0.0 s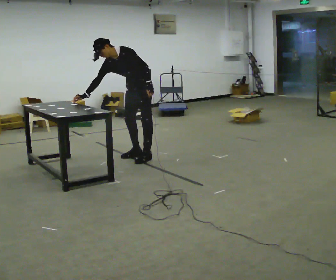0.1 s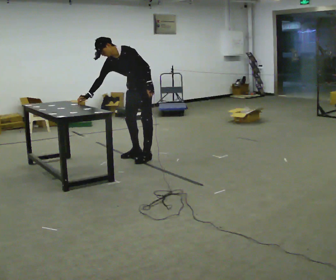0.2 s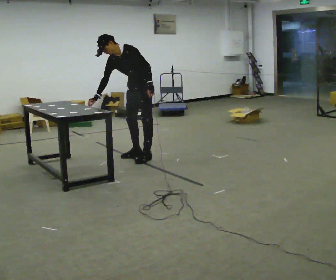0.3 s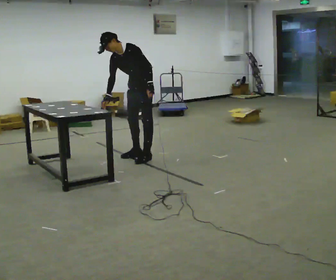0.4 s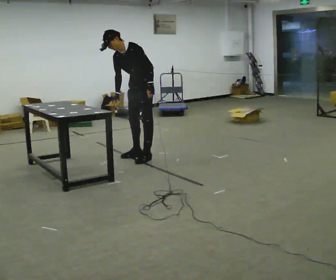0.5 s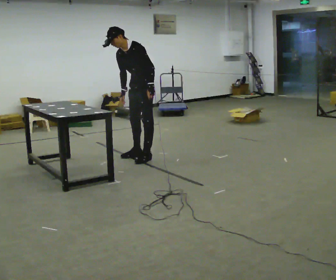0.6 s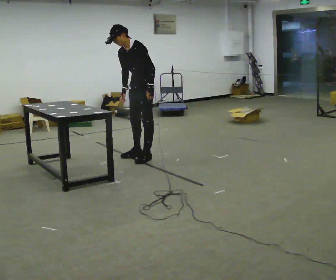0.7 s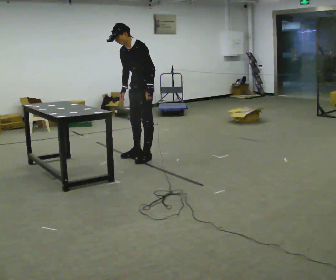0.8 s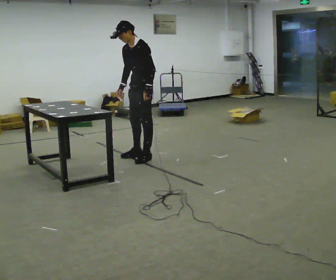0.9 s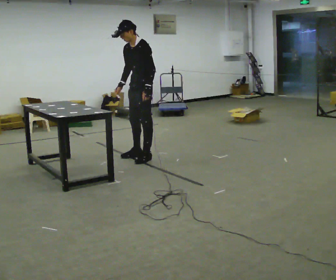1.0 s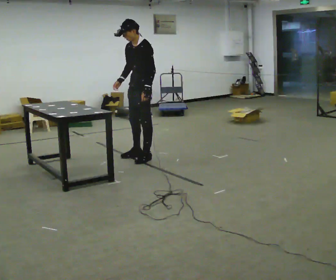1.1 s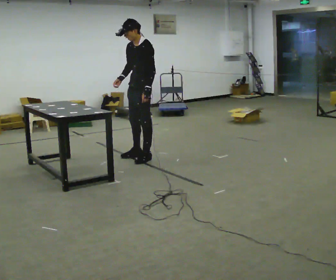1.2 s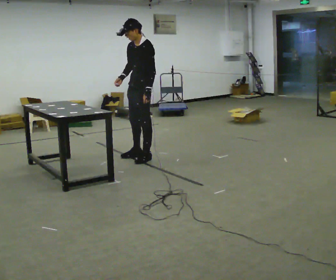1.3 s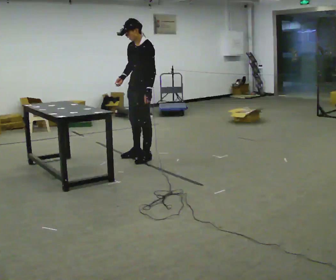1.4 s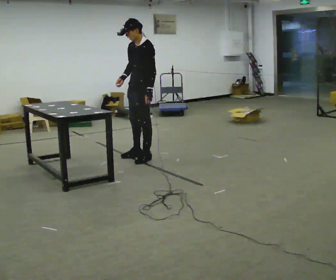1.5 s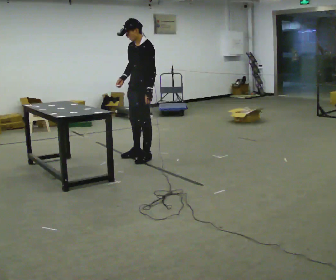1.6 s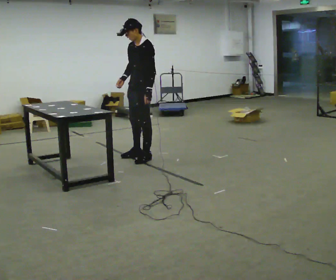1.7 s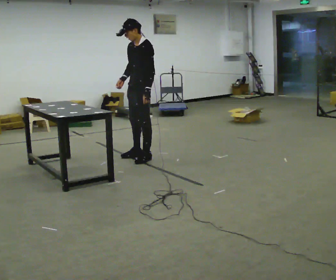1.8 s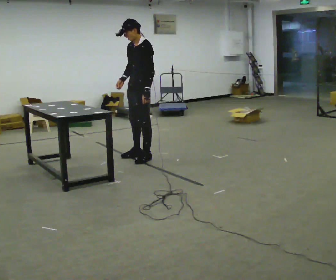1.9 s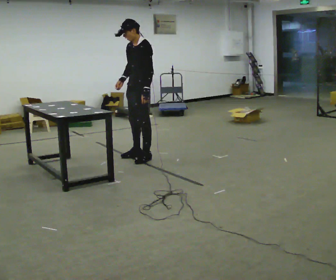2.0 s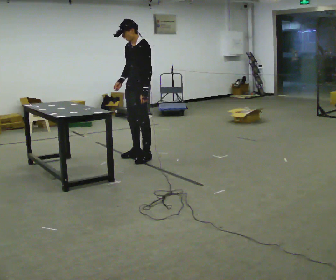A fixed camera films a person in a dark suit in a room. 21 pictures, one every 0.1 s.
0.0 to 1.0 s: In the picture the upper body tilts clockwise, shoulders to the right, as they lean back or straighten.
1.0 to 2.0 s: The person moves a little, or ends about where they began.
The film runs forward here.
